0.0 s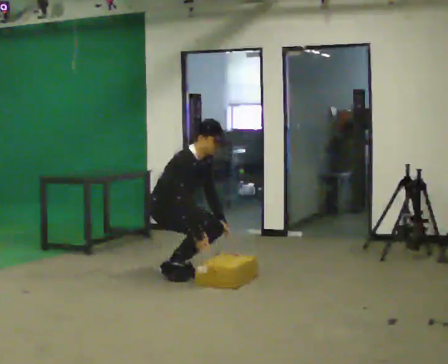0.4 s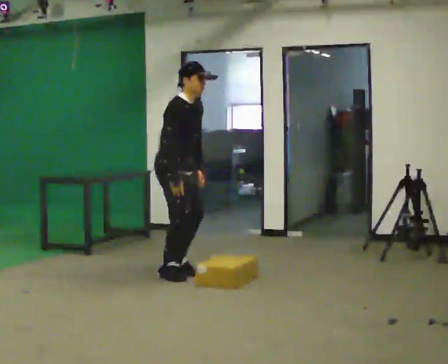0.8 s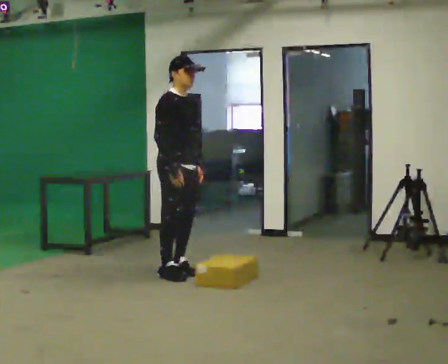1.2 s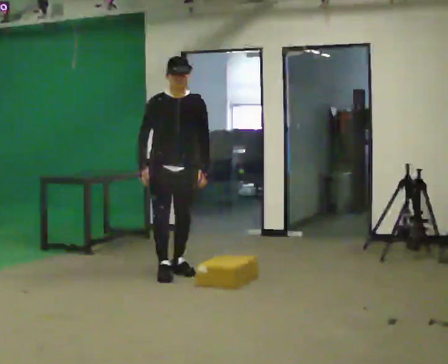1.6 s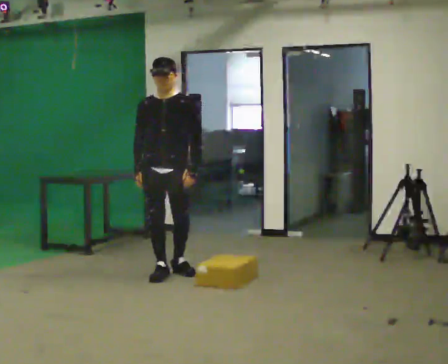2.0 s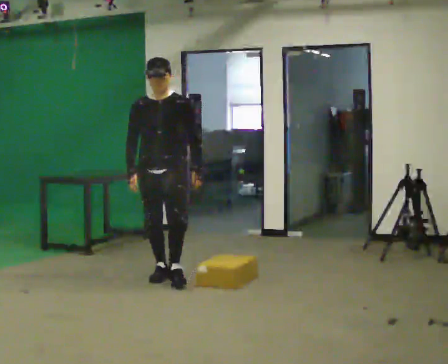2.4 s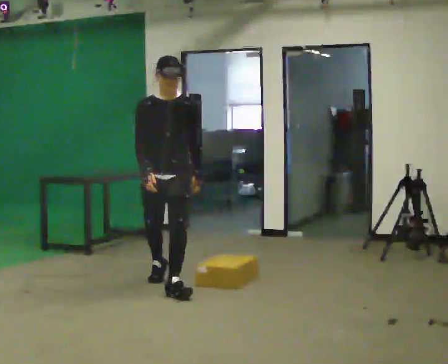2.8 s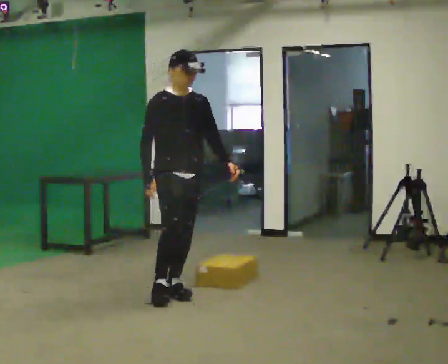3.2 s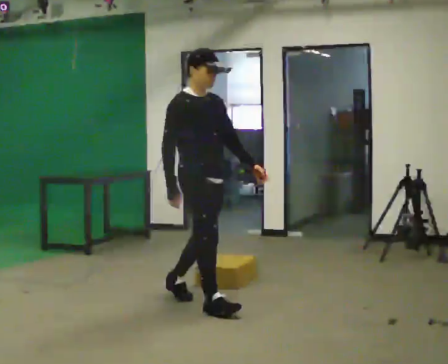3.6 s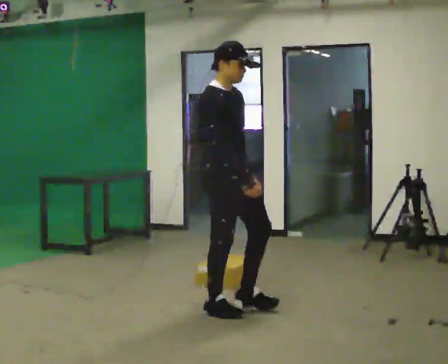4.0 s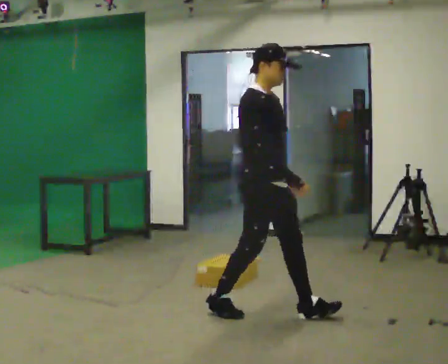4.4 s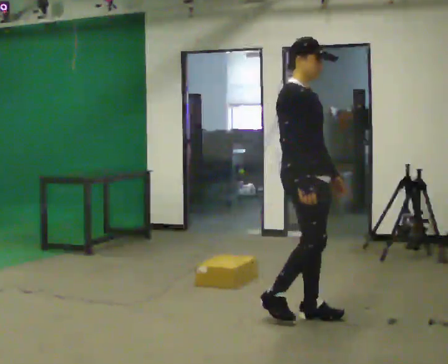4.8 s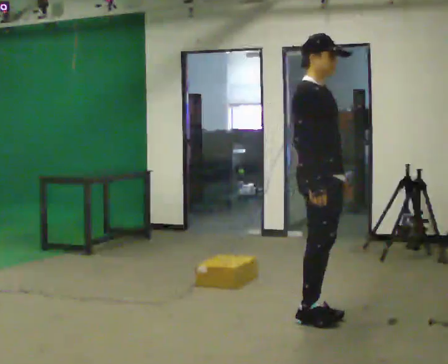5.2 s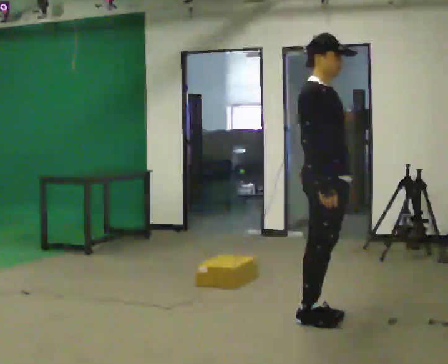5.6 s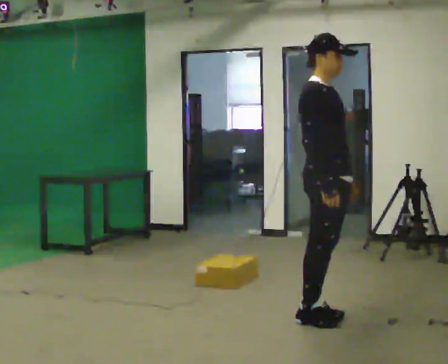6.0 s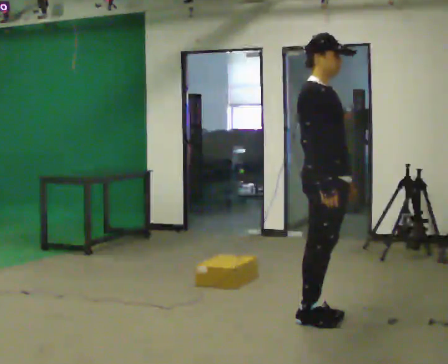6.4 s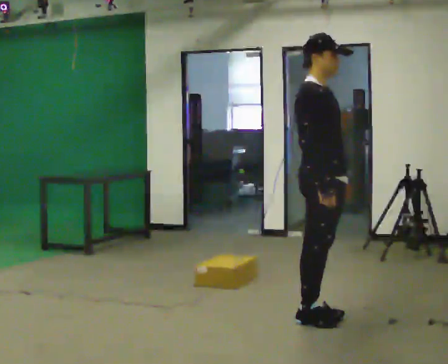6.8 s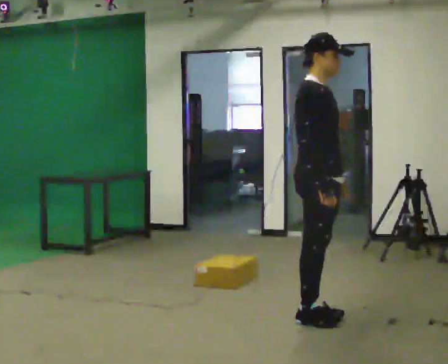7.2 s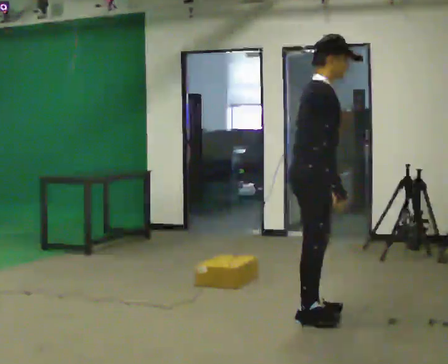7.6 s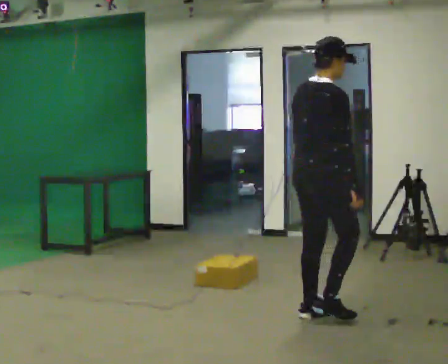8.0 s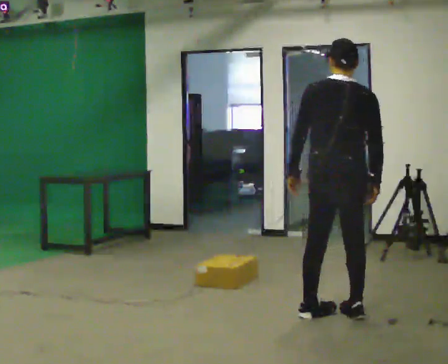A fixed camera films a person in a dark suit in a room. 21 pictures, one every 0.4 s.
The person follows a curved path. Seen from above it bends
counterclockwise.
0.0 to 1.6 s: The person turns about 75 degrees to their right, clockwise seen from above, so the part of the body nearest the lens slides to the left. The upper body goes upward. In the picture the upper body tilts counterclockwise, shoulders to the left, as they lean back or straighten. In the picture their left hand goes upward.
1.6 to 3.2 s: The person turns about 60 degrees to their left, counterclockwise seen from above, so the part of the body nearest the lens slides to the right. In the picture they go toward the camera and to the right, about 1 m in 2 steps, which for them is forward.
3.2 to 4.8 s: In the picture they go to the right and toward the camera, about 1 m in 2 steps, which for them is forward.
4.8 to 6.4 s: The person moves a little, or ends about where they began.
6.4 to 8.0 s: The part of the body nearest the lens slides to the right as the person turns to their left by about 105 degrees. In the picture they go to the right, about 0.25 m in 1 step.
The film runs forward here.
